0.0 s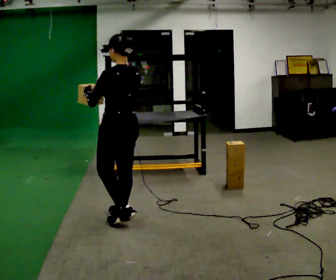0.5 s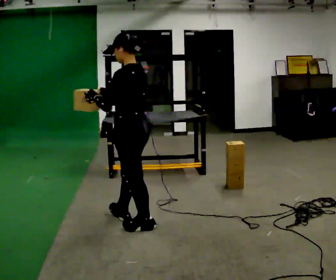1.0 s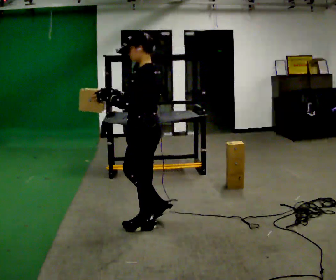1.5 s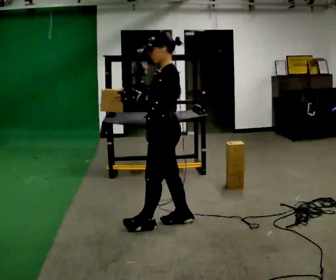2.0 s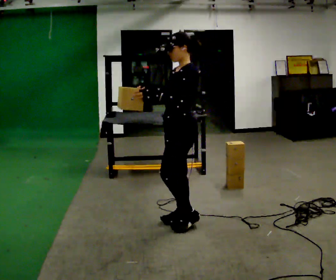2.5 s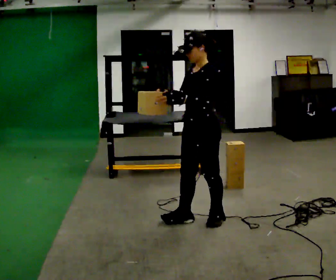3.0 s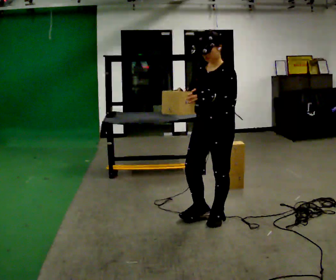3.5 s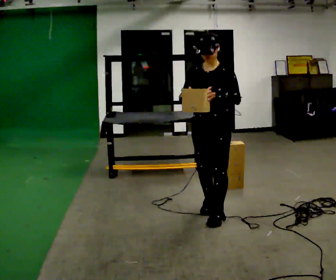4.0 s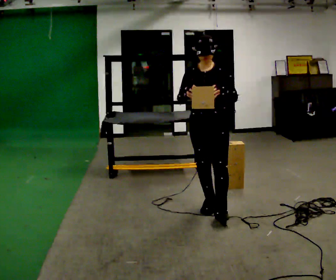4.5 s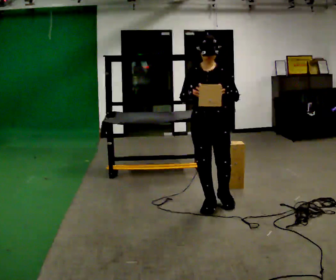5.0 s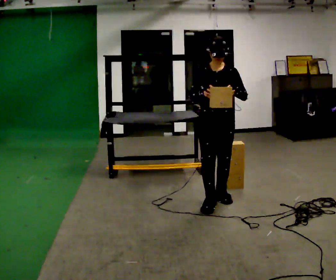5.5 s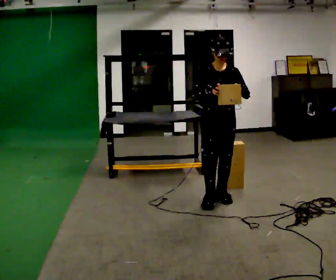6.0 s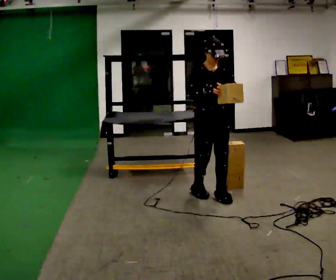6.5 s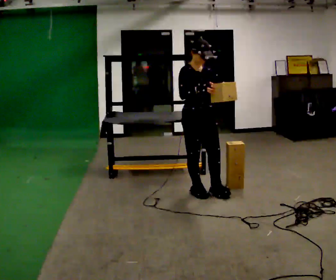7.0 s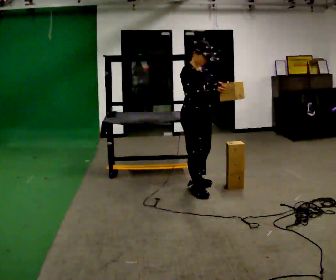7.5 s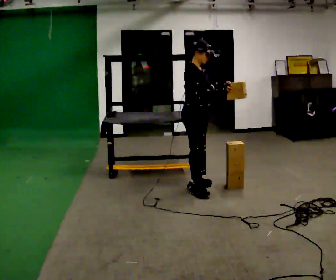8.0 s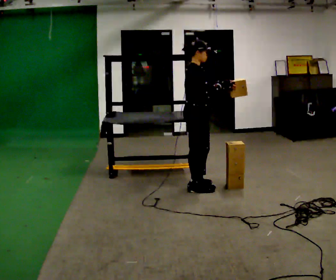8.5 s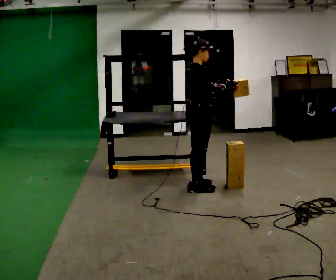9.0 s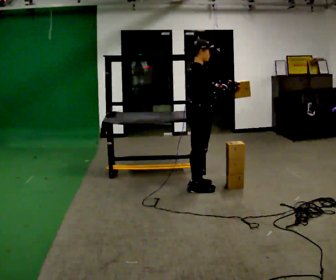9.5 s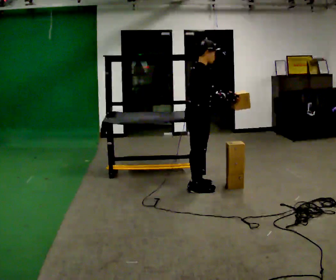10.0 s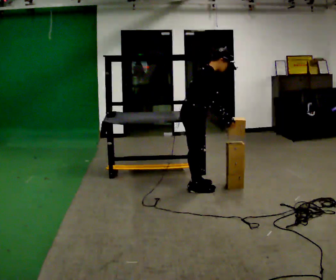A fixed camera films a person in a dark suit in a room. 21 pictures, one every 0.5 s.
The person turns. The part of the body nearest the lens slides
to the right.
The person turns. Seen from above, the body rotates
counterclockwise.
0.0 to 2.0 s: The part of the body nearest the lens slides to the right as the person turns to their left by about 60 degrees. In the picture they go to the right, about 0.5 m in 2 steps, which for them is backward.
2.0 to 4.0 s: Seen from above the body turns counterclockwise, about 60 degrees: to their left, with its near side sliding to the right. In the picture they go away from the camera and to the right, about 0.25 m in 1 step.
4.0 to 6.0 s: The person turns about 30 degrees to their left, counterclockwise seen from above, so the part of the body nearest the lens slides to the right. In the picture they go away from the camera, about 0.25 m in 2 steps, which for them is backward.
6.0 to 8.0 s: The part of the body nearest the lens slides to the right as the person turns to their left by about 75 degrees. In the picture they go away from the camera and to the left, about 0.25 m in 1 step.
8.0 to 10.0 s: In the picture the upper body tilts clockwise, shoulders to the right, as they bend forward. In the picture their right hand goes downward.
The film runs backward here.
